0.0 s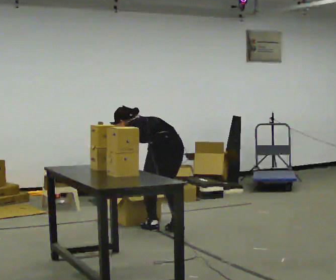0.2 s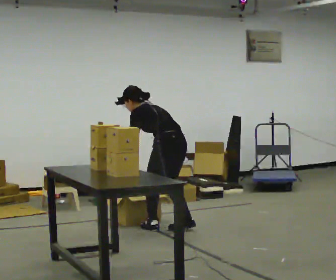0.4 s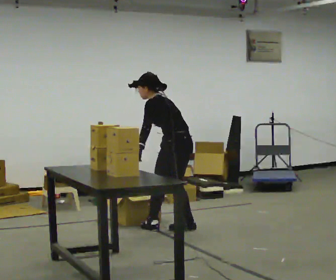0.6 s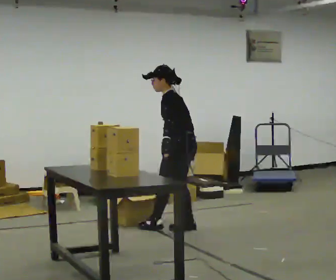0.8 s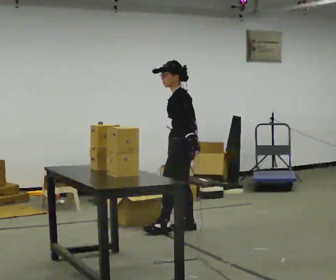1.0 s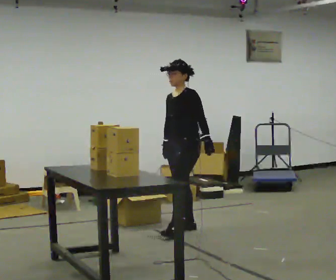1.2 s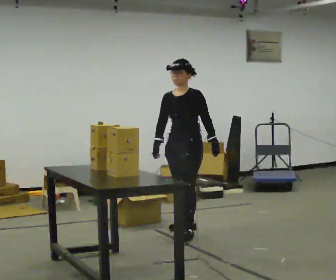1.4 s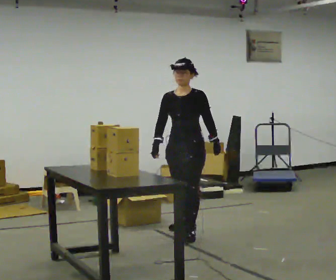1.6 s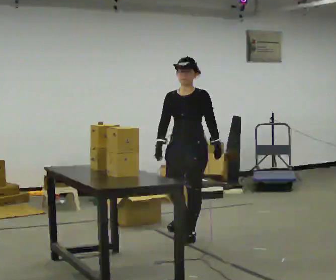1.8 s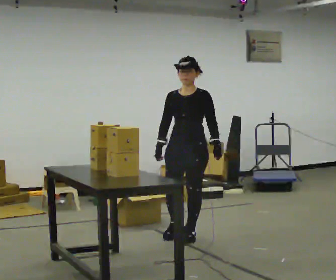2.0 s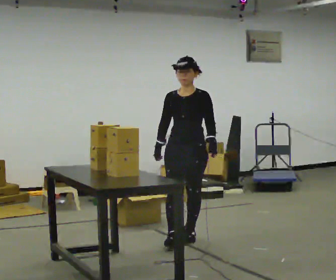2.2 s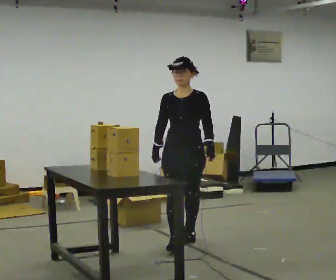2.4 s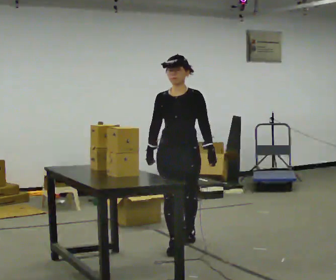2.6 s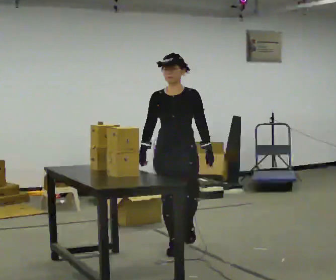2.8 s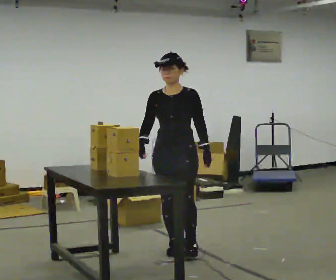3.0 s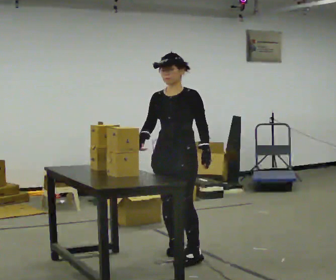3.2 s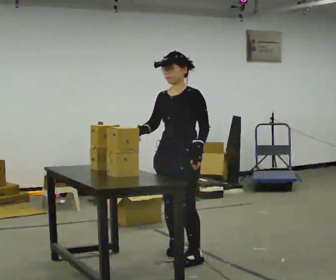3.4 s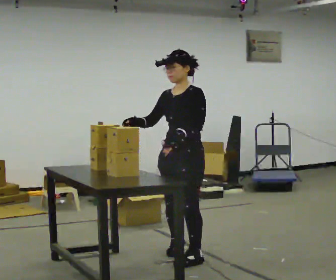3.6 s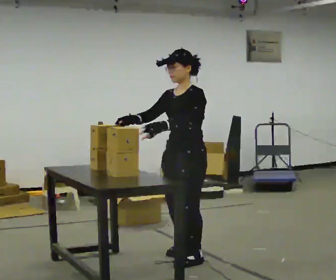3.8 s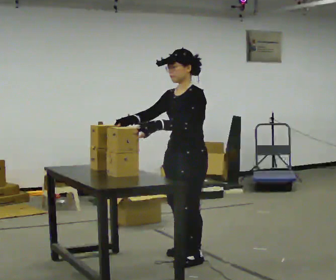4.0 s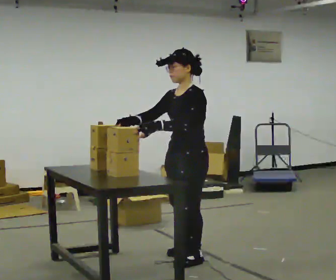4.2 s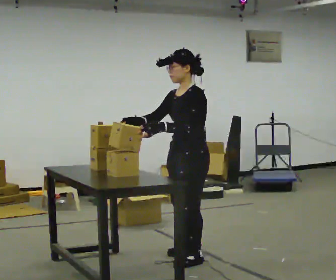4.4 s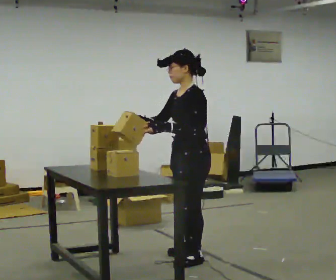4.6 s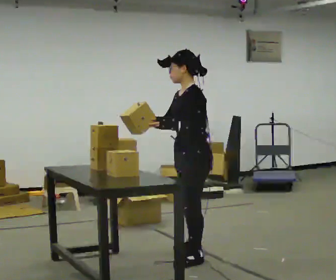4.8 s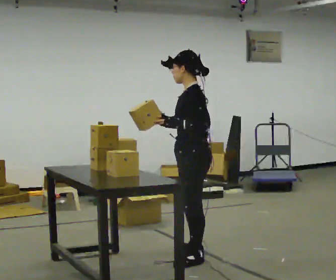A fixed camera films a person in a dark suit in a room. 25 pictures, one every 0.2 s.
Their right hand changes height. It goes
upward.
The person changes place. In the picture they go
toward the camera.
0.0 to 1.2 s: The person turns about 105 degrees to their left, counterclockwise seen from above, so the part of the body nearest the lens slides to the right. In the picture they go to the right, about 0.25 m in 2 steps. The shoulders move upward. The upper body tips toward the camera, its near side rolling downward, as they lean back or straighten. In the picture their left hand goes to the right, the arm swinging counterclockwise.
1.2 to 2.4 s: The part of the body nearest the lens slides to the right as the person turns to their left by about 30 degrees. In the picture they go toward the camera, about 0.5 m in 1 step, which for them is forward.
2.4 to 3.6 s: The part of the body nearest the lens slides to the left as the person turns to their right by about 45 degrees. In the picture they go toward the camera, about 0.5 m in 1 step, which for them is forward and to their left.
3.6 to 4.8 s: The part of the body nearest the lens slides to the left as the person turns to their right by about 45 degrees.
The film runs forward here.
